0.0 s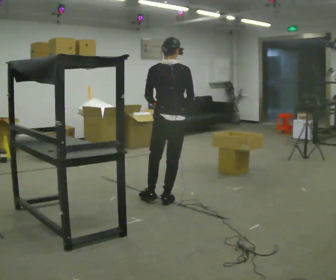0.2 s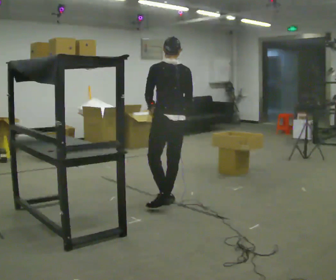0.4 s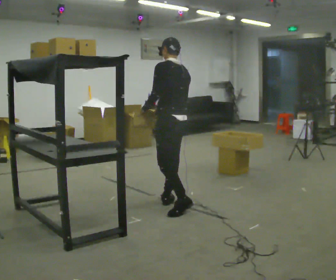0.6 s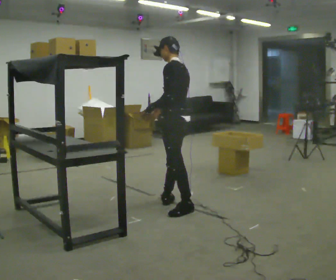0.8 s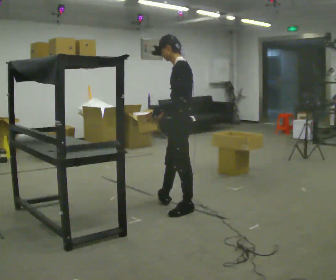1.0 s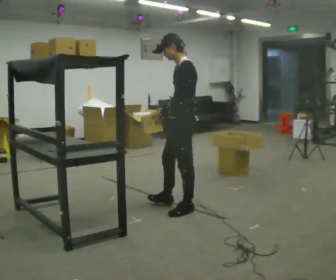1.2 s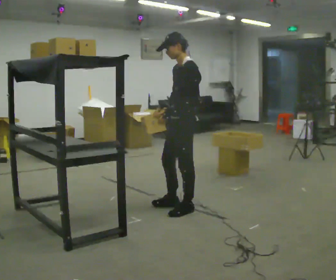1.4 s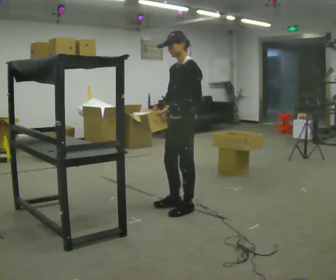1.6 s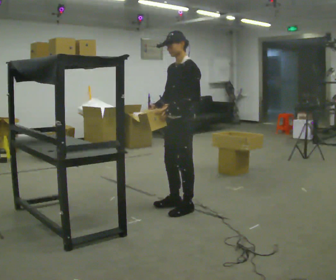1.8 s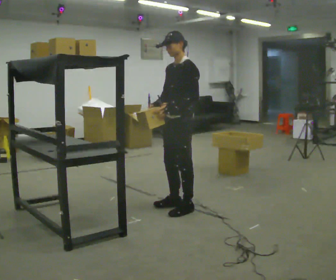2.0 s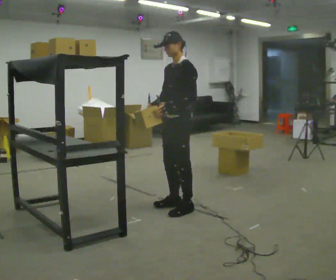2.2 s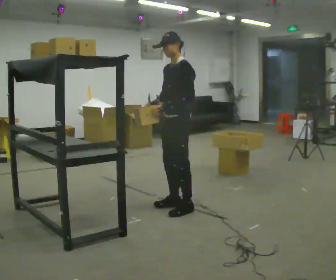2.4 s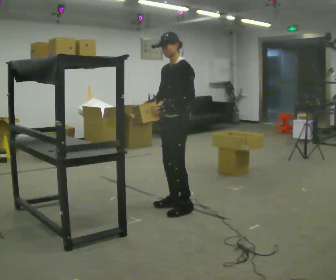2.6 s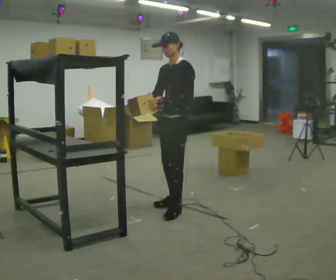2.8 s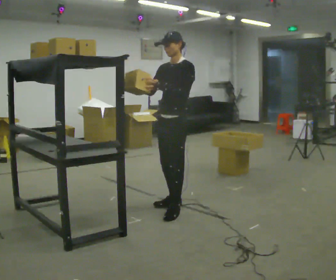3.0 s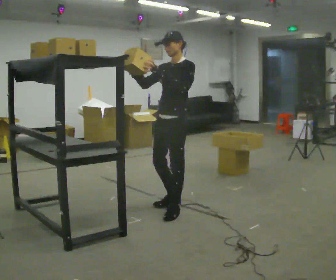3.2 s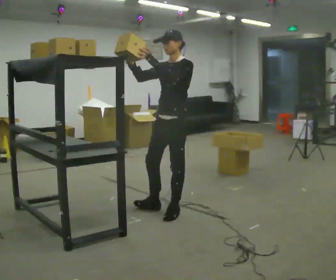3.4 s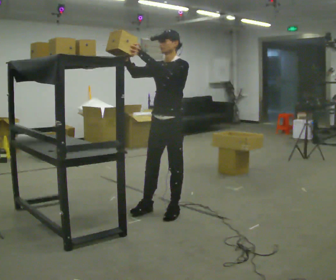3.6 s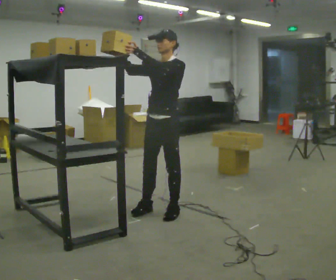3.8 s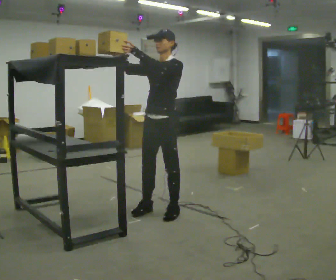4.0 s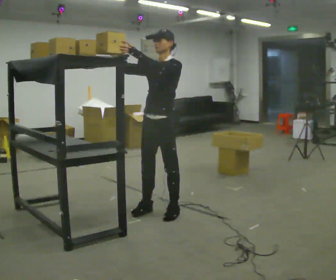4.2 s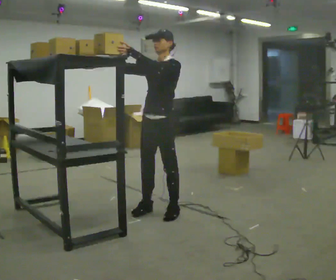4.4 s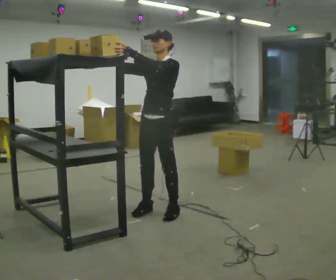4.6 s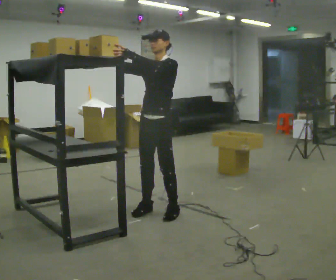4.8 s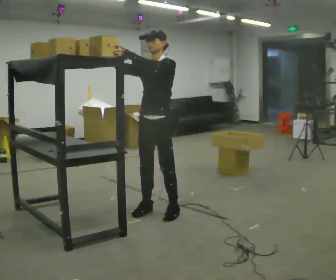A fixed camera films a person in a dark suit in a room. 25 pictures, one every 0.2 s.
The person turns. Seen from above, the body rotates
counterclockwise.
Their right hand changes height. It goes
upward.
0.0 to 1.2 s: The part of the body nearest the lens slides to the right as the person turns to their left by about 105 degrees. In the picture they go toward the camera, about 0.25 m.
1.2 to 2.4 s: The person moves a little, or ends about where they began.
2.4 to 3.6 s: In the picture they go toward the camera, about 0.25 m in 1 step, which for them is forward. In the picture their right hand goes upward, the arm swinging clockwise.
3.6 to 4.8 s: The person moves a little, or ends about where they began.
The film runs backward here.
